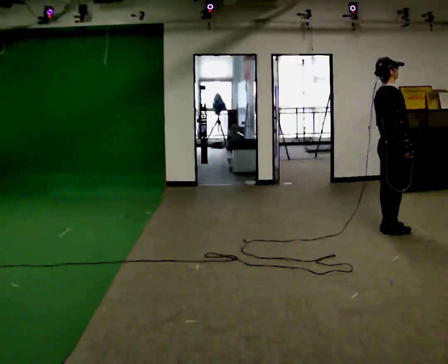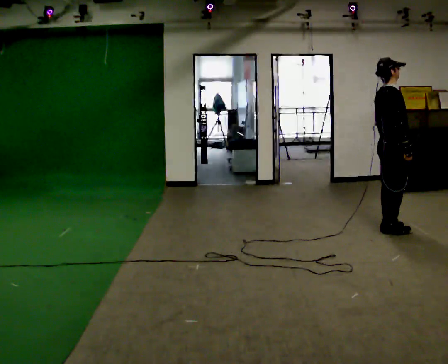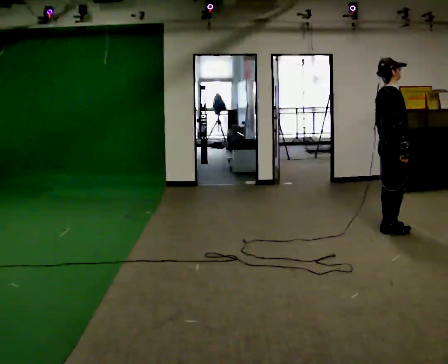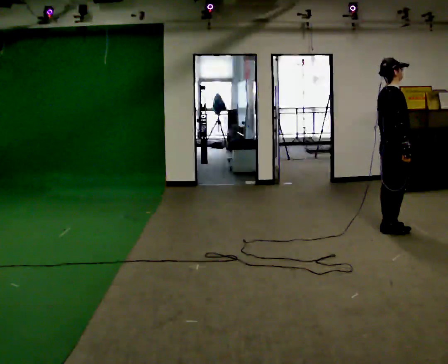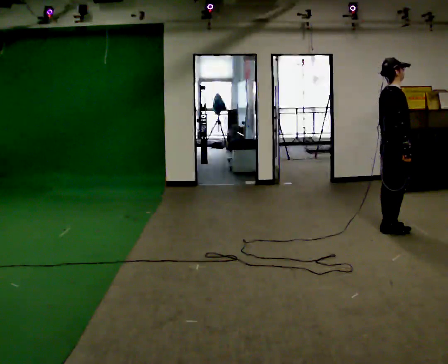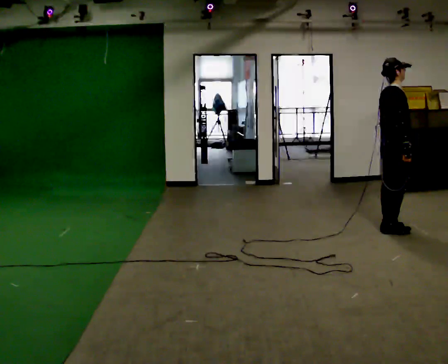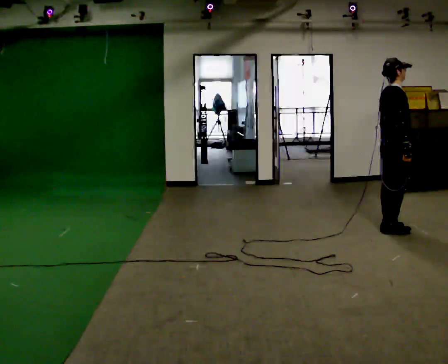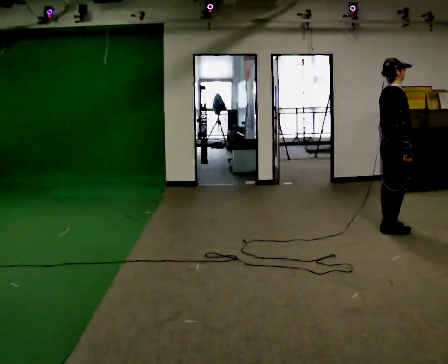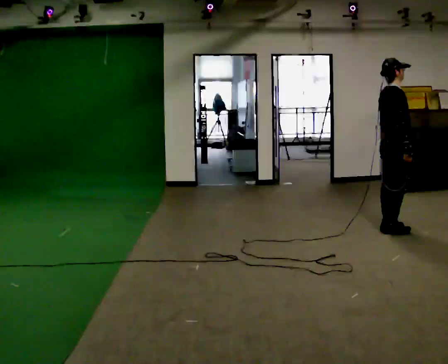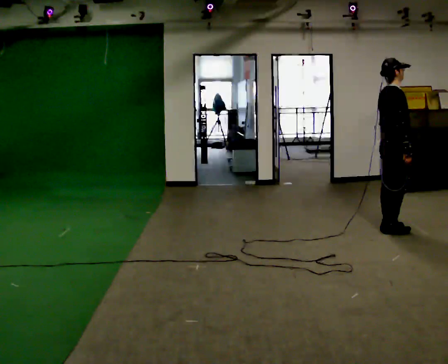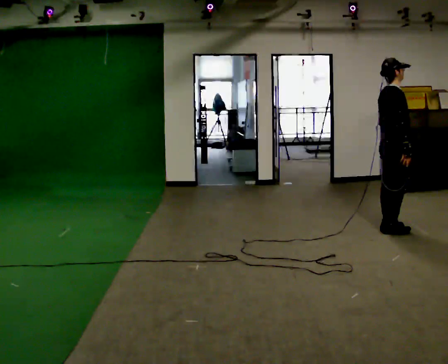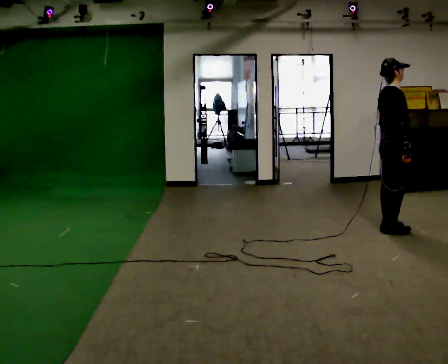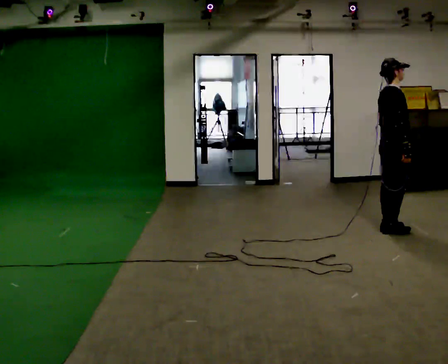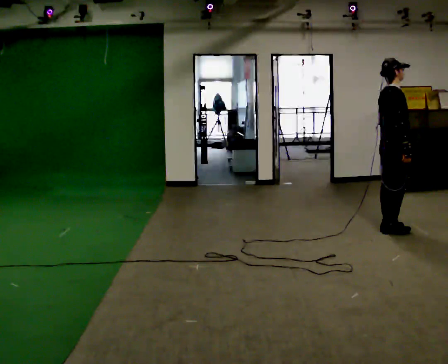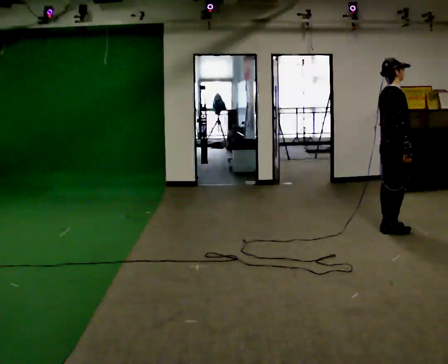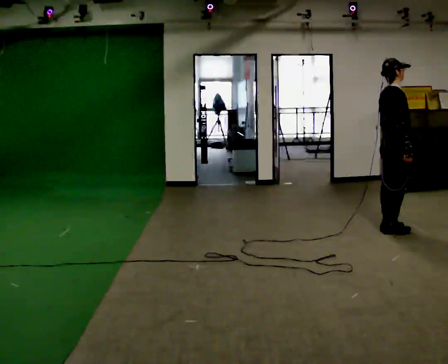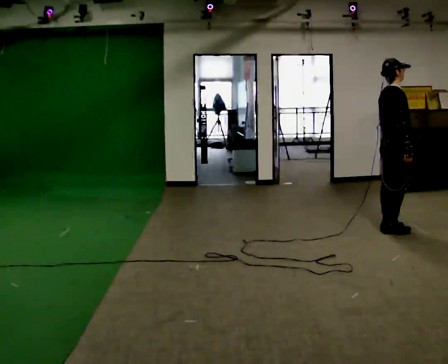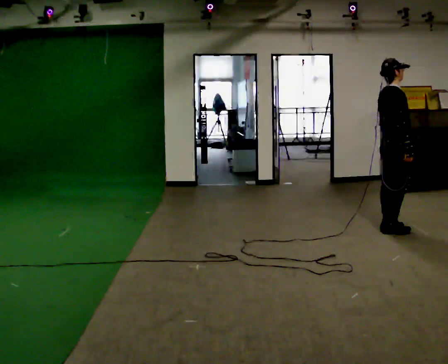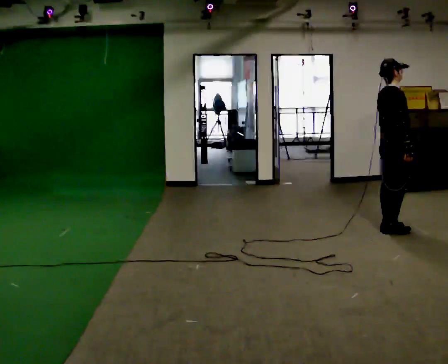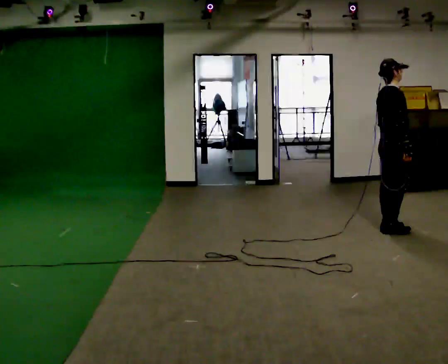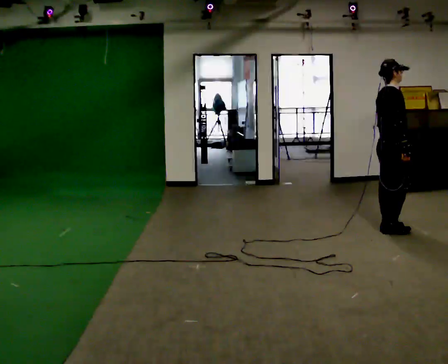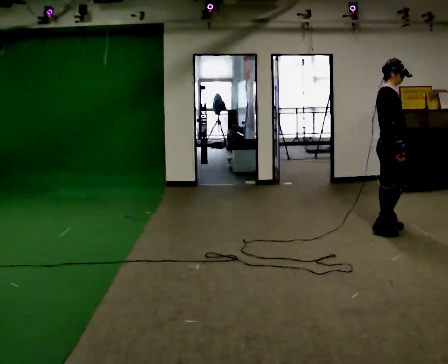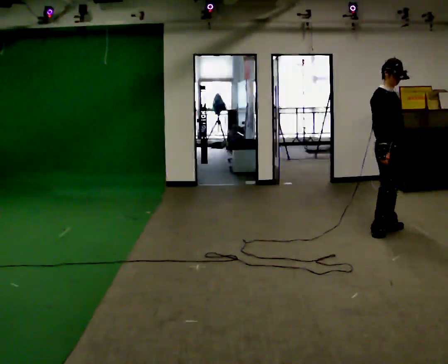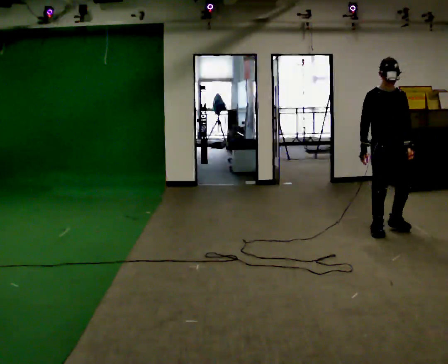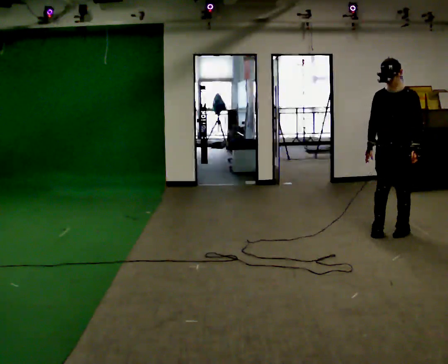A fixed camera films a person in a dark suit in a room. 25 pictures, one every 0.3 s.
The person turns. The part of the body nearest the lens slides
to the left.
The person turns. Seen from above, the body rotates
clockwise.
0.0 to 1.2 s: The person moves a little, or ends about where they began.
1.2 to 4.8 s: The person keeps their place and pose.
4.8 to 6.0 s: The person moves a little, or ends about where they began.
6.0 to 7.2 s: The person turns about 135 degrees to their right, clockwise seen from above, so the part of the body nearest the lens slides to the left. In the picture their right hand goes to the left.
The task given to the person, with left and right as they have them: Run, then stop as quickly as is comfortable at the marker and stand still.
The film runs forward here.
